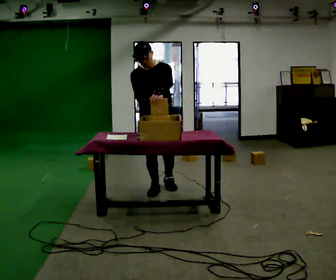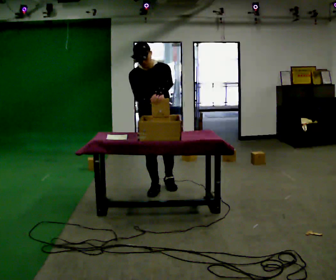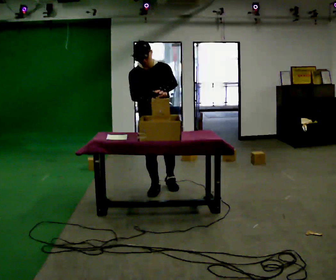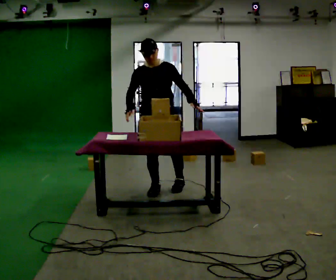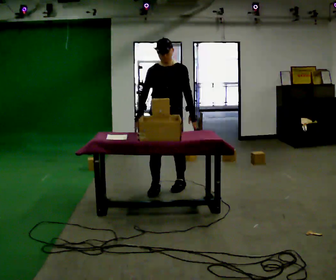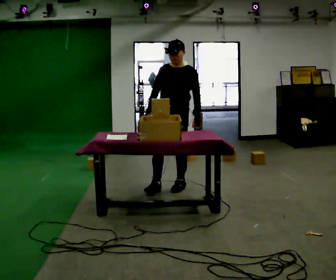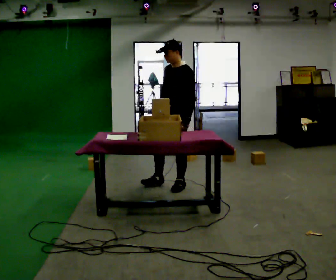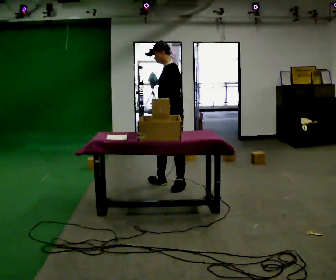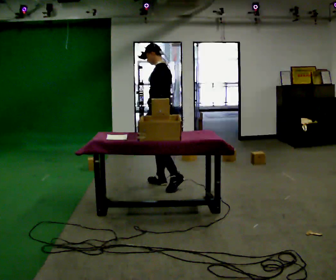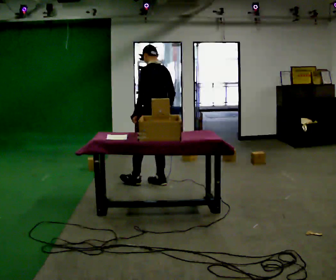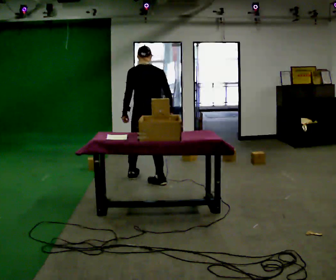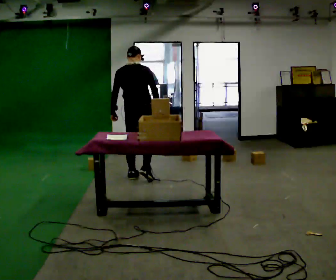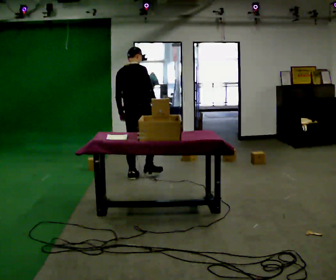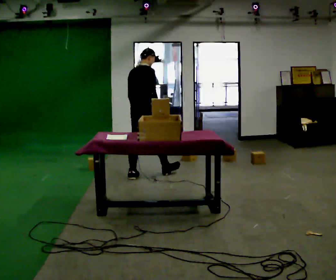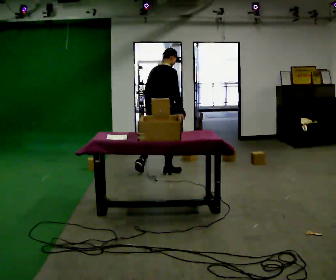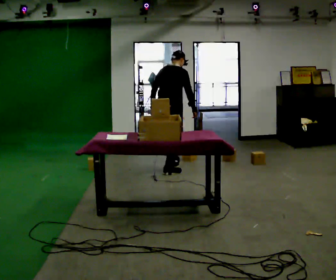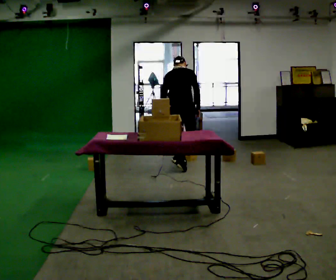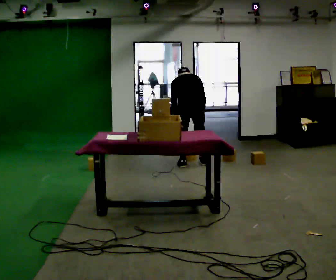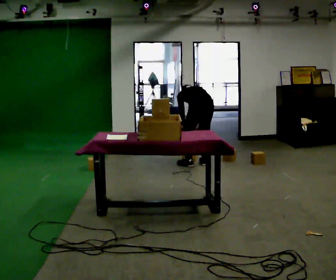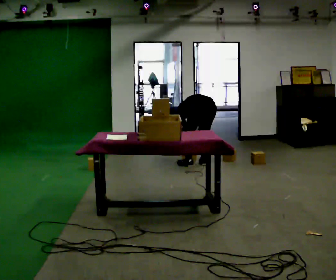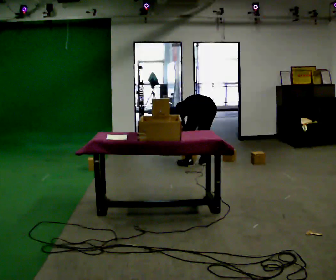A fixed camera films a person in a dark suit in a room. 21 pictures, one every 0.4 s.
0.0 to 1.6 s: The upper body tips away from the camera, its near side rolling upward, as they lean back or straighten. In the picture their left hand goes to the right.
1.6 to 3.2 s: Seen from above the body turns clockwise, about 90 degrees: to their right, with its near side sliding to the left. In the picture they go away from the camera, about 0.25 m in 1 step. In the picture their left hand goes to the left, the arm swinging clockwise.
3.2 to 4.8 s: The part of the body nearest the lens slides to the left as the person turns to their right by about 105 degrees. In the picture they go to the left and away from the camera, about 0.5 m in 1 step.
4.8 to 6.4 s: In the picture they go to the right and away from the camera, about 1 m in 2 steps, which for them is forward.
6.4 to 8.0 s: The part of the body nearest the lens slides to the right as the person turns to their left by about 60 degrees. In the picture they go to the right, about 0.25 m in 1 step, which for them is to their right. The shoulders move downward. The upper body tips away from the camera, its near side rolling upward, as they bend forward. In the picture their right hand goes downward.
The film runs forward here.
